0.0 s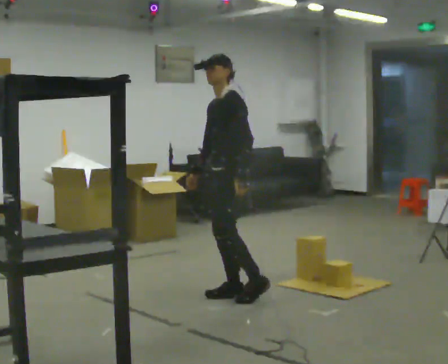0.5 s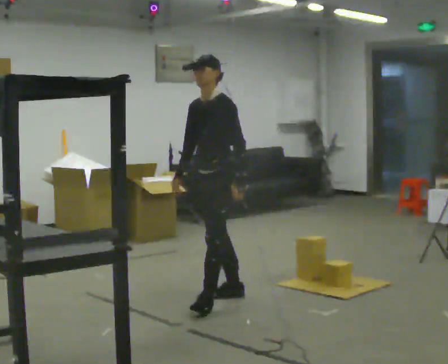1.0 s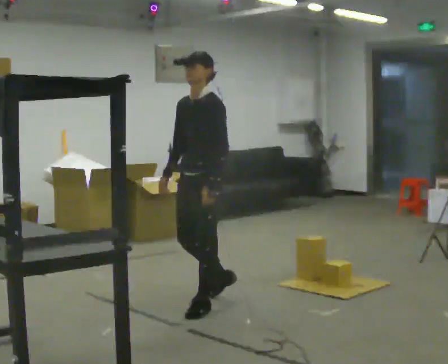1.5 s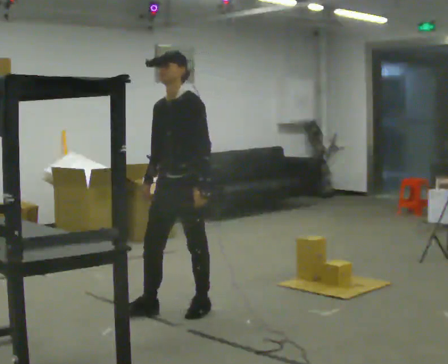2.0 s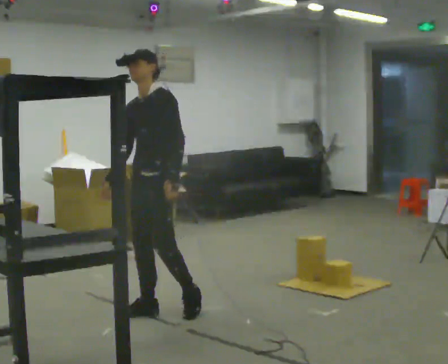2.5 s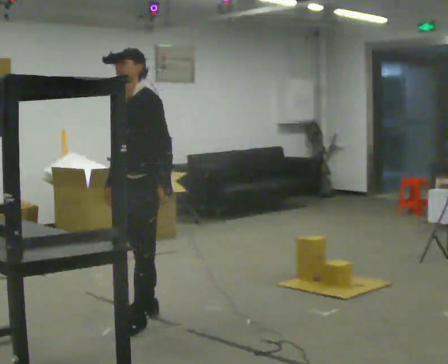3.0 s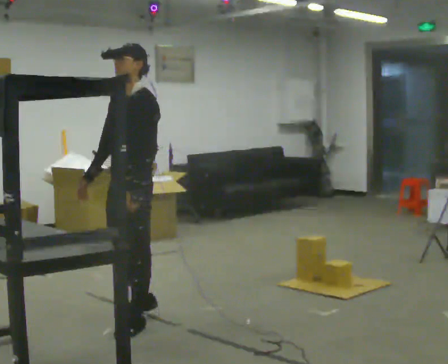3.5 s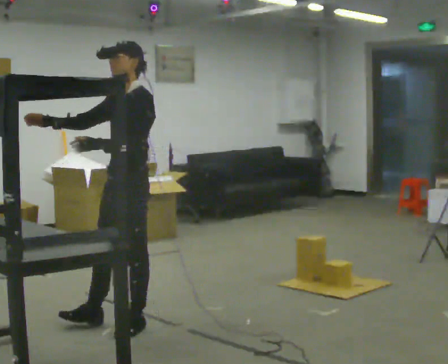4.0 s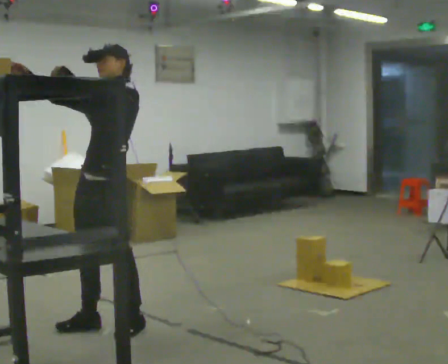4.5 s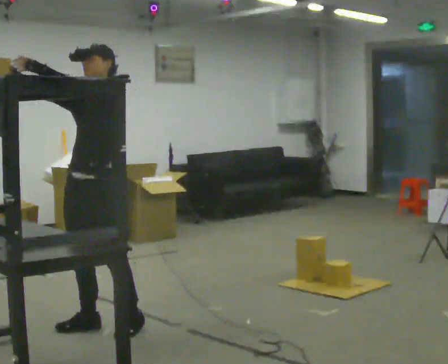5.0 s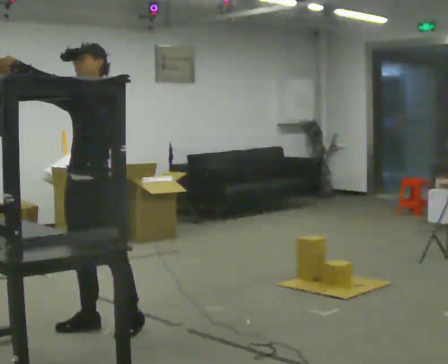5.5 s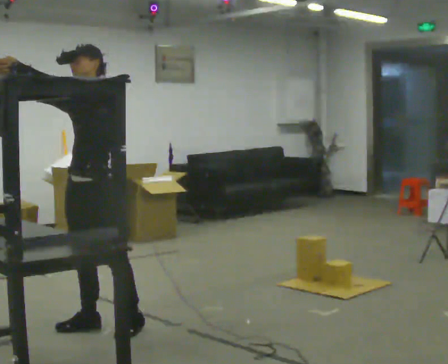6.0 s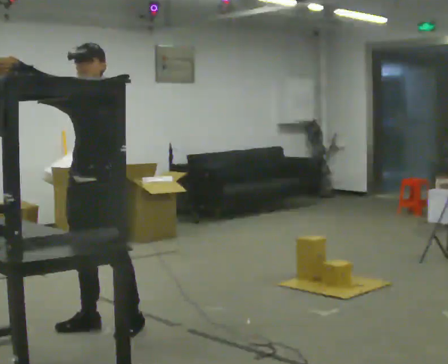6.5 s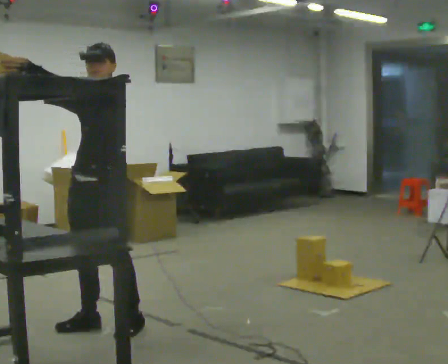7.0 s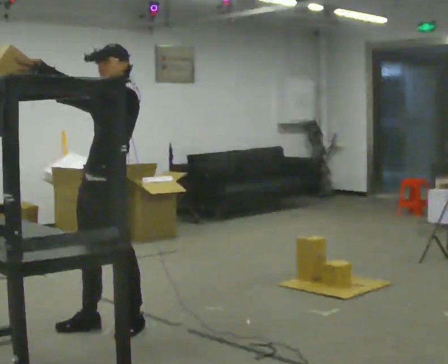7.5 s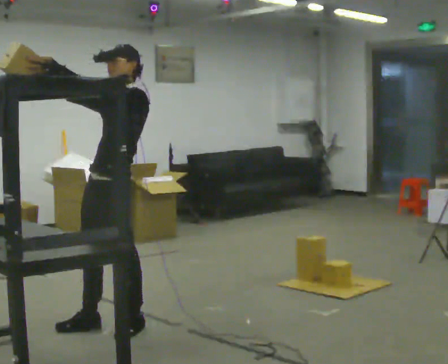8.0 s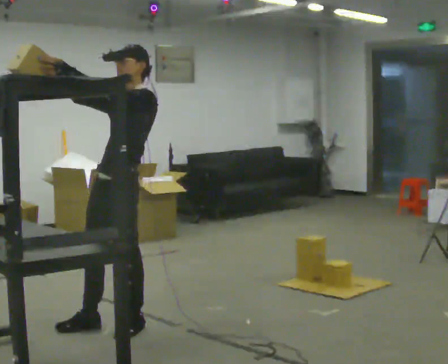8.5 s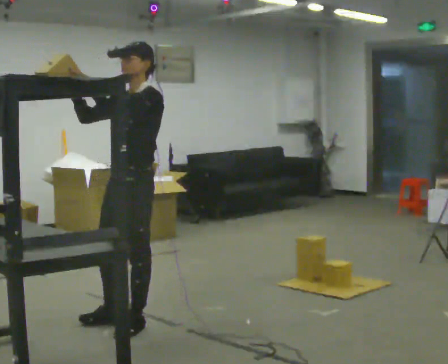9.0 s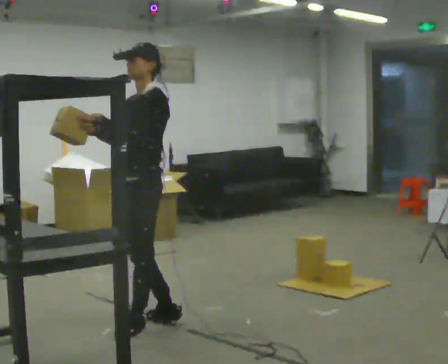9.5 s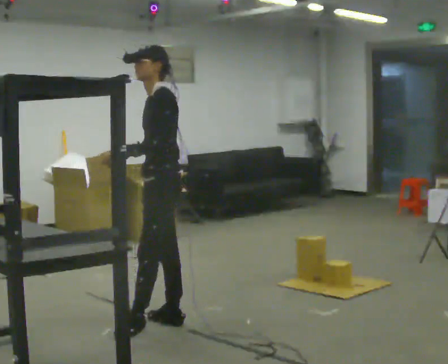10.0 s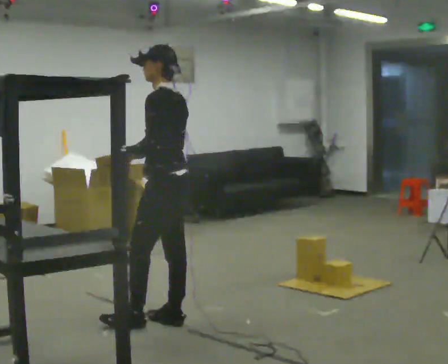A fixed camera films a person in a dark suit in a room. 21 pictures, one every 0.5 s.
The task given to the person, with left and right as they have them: 1. Bring the boxes over from the shelf one at a time. 2. Stack them on the pallet with the heaviest at the bottom. 3. Do not stack more than three high. 4. Tell the operator when you are finished.
0.0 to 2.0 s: In the picture they go to the left and toward the camera, about 0.75 m in 2 steps, which for them is forward.
2.0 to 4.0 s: In the picture they go to the left and toward the camera, about 0.5 m in 2 steps, which for them is forward. In the picture the upper body tilts clockwise, shoulders to the right, as they lean back or straighten. In the picture their right hand goes upward, the arm swinging clockwise.
4.0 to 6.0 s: The person moves a little, or ends about where they began.
6.0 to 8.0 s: In the picture they go to the right, about 0.25 m, which for them is backward.
8.0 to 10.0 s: Seen from above the body turns clockwise, about 60 degrees: to their right, with its near side sliding to the left. In the picture they go to the right, about 0.25 m in 1 step. In the picture their right hand goes downward, the arm swinging counterclockwise.
The film runs forward here.
